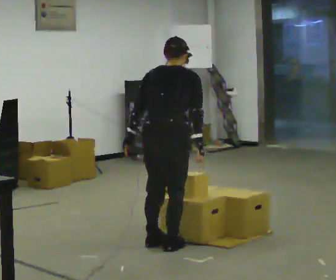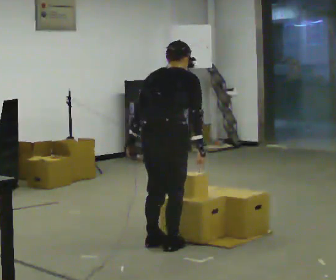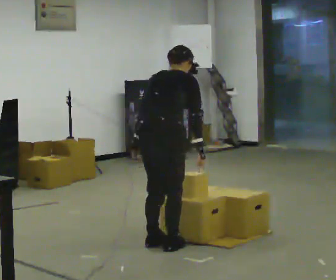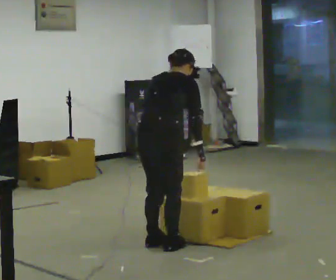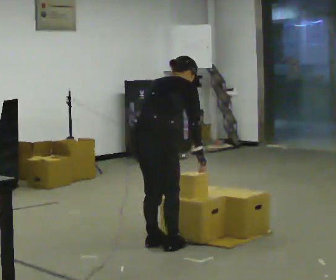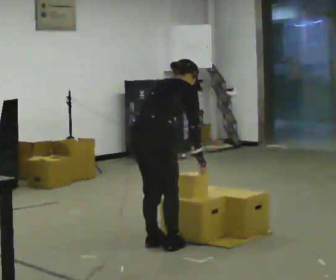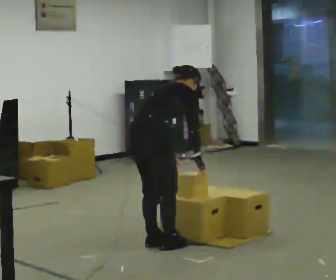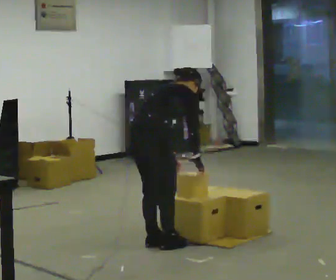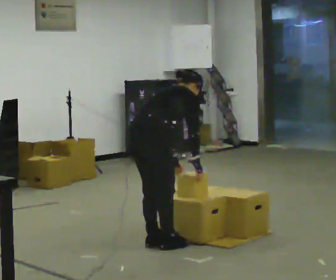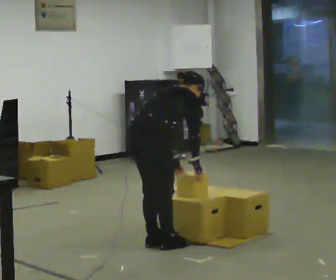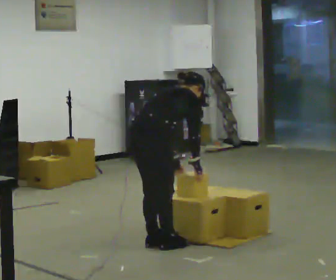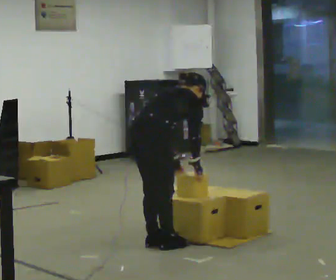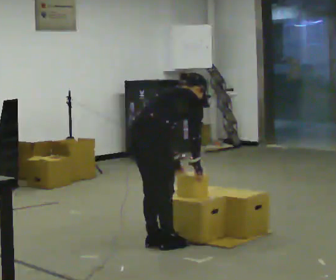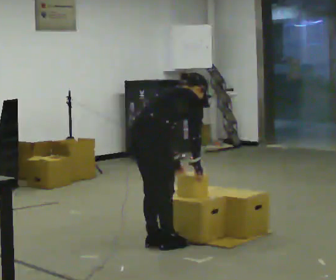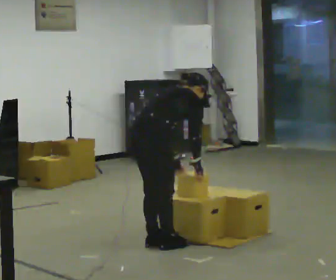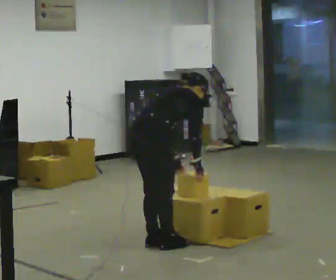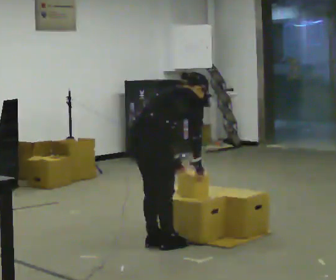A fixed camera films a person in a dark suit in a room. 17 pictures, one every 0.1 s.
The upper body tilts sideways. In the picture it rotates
clockwise.
0.0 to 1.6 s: The person turns about 30 degrees to their right, clockwise seen from above, so the part of the body nearest the lens slides to the left. The shoulders move downward. In the picture the upper body tilts clockwise, shoulders to the right, as they bend forward. In the picture their left hand goes to the right.
The film runs backward here.
